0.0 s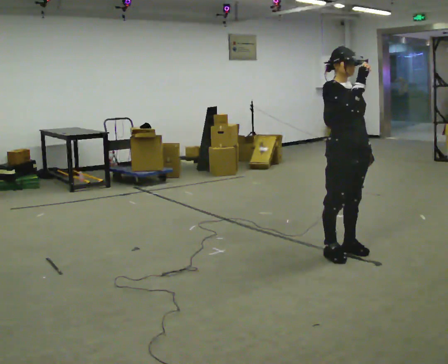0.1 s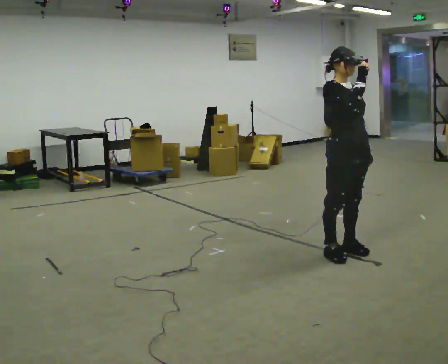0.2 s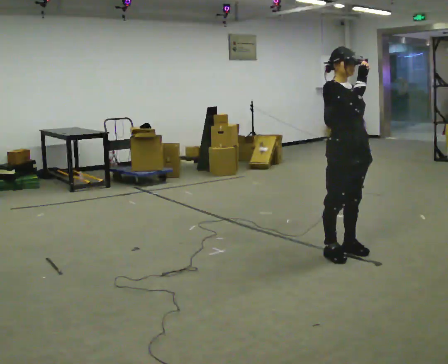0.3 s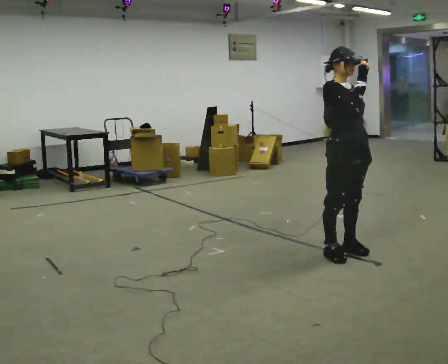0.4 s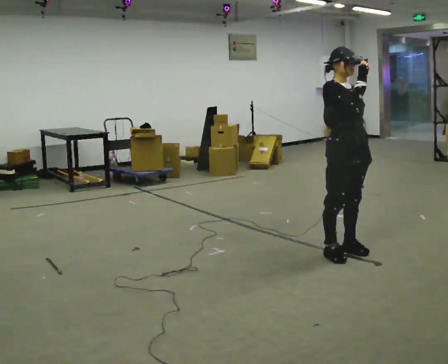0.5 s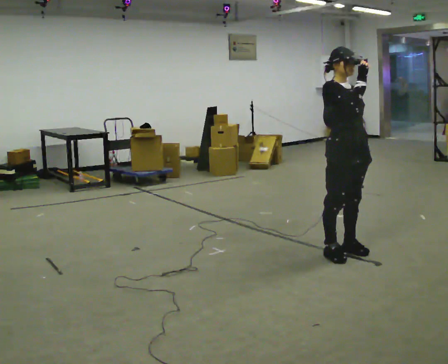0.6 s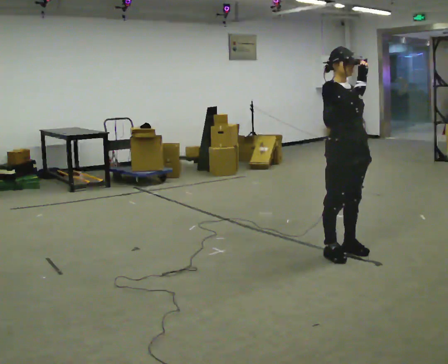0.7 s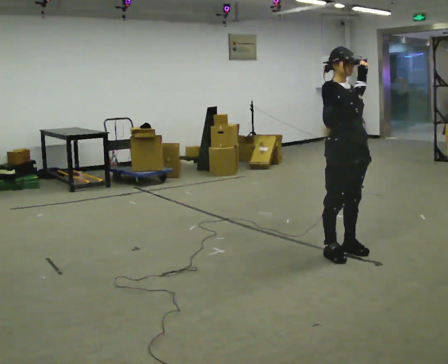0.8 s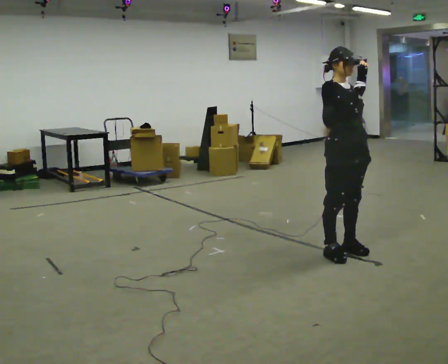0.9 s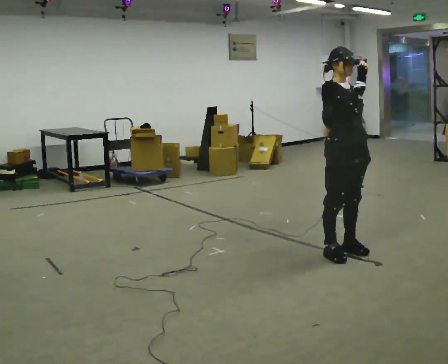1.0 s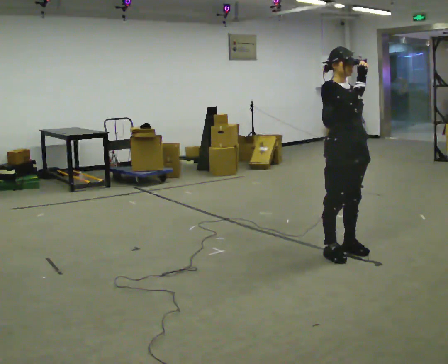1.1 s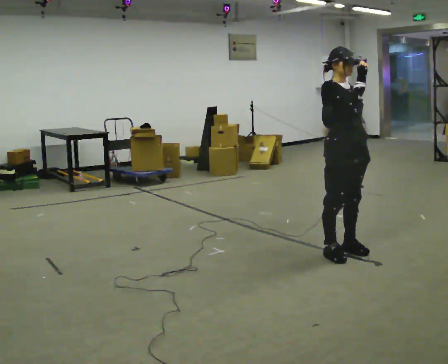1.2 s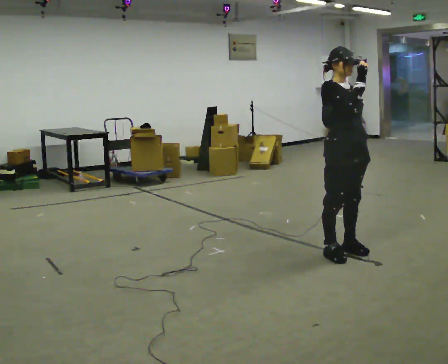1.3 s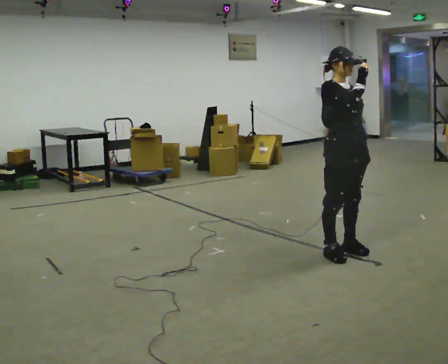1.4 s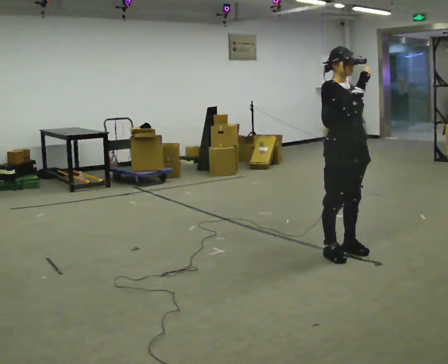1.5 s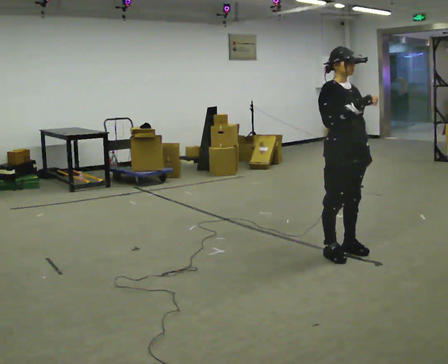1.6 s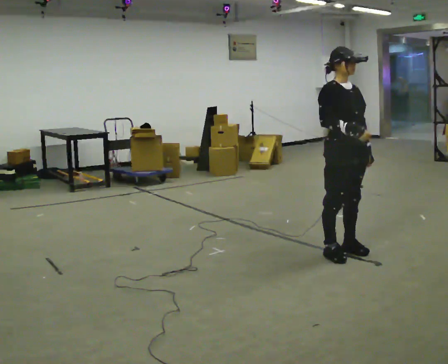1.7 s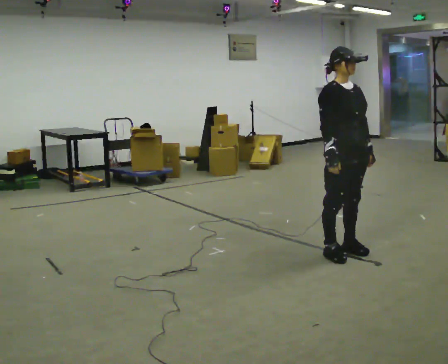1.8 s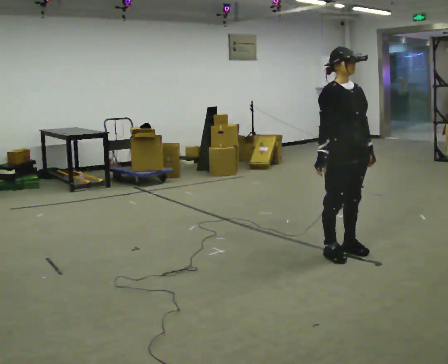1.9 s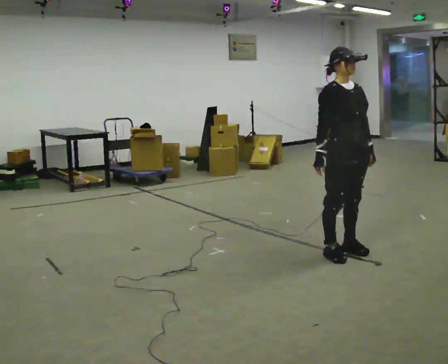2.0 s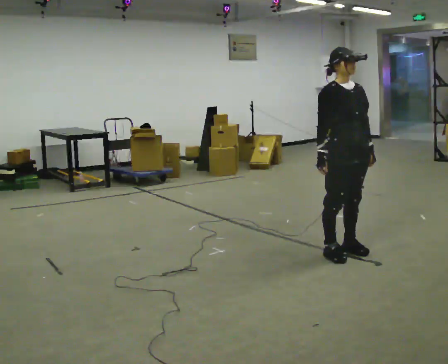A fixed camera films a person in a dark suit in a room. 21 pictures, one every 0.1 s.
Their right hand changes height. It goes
downward.
0.0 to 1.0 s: The person keeps their place and pose.
1.0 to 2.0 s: In the picture their right hand goes downward.
The film runs forward here.
